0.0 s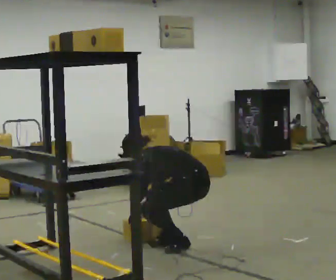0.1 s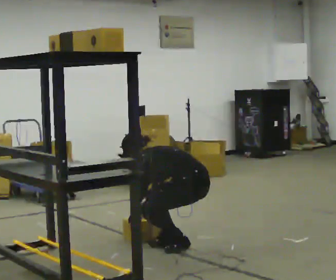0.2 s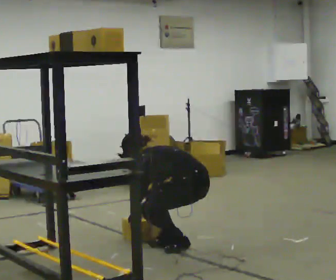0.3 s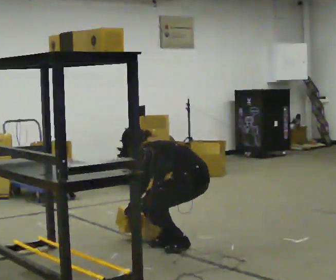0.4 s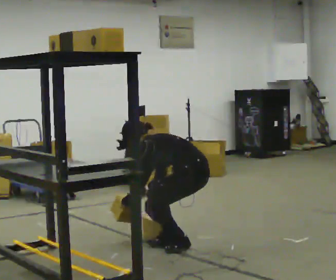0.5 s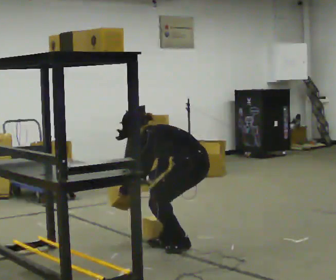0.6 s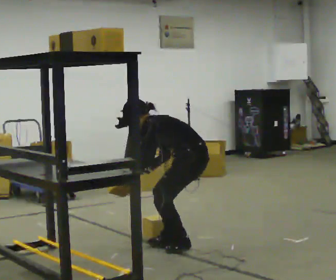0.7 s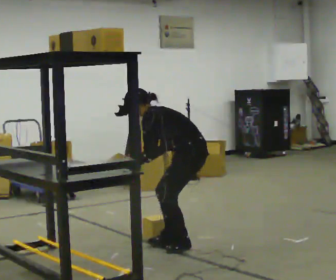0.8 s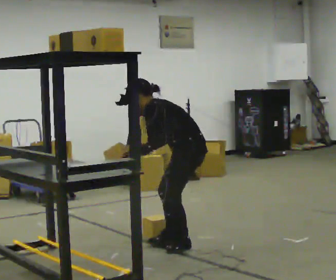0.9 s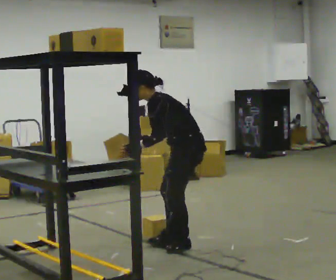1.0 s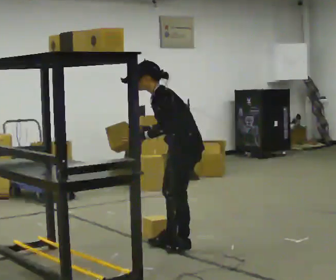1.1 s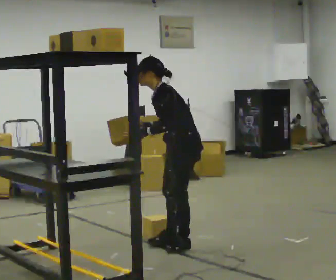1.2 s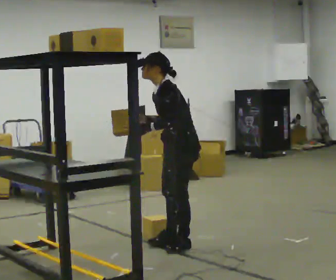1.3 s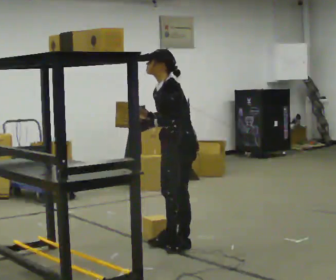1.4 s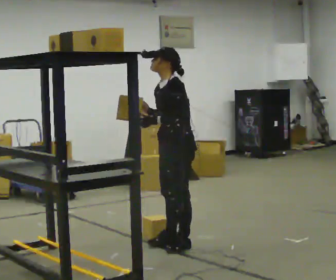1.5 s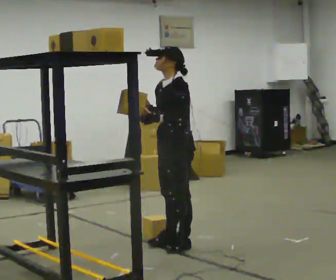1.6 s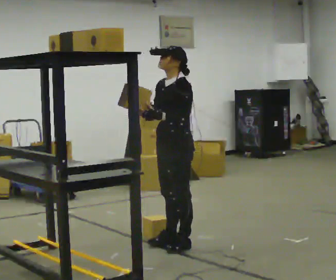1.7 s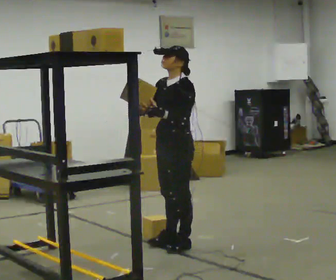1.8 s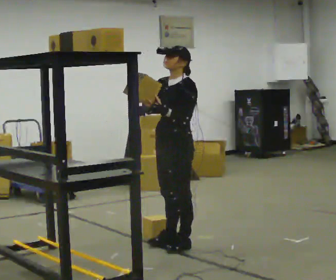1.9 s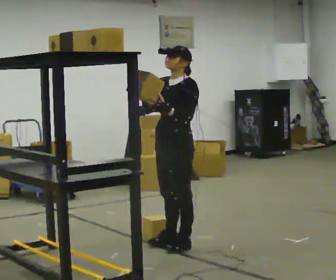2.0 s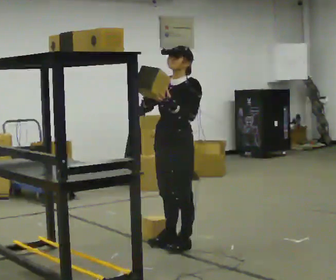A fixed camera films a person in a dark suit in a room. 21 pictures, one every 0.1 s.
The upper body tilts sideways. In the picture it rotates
clockwise.
Their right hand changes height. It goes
upward.
0.0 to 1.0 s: Seen from above the body turns counterclockwise, about 30 degrees: to their left, with its near side sliding to the right. The upper body goes upward. The upper body tips toward the camera, its near side rolling downward, as they lean back or straighten. In the picture their right hand goes upward.
1.0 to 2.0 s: The person turns about 30 degrees to their left, counterclockwise seen from above, so the part of the body nearest the lens slides to the right. In the picture the upper body tilts clockwise, shoulders to the right, as they lean back or straighten.
The film runs forward here.
